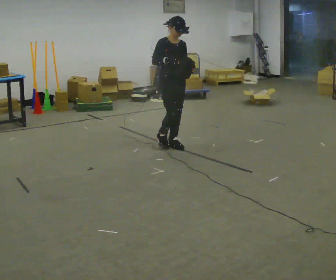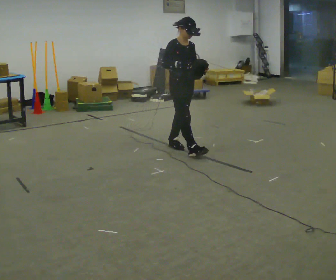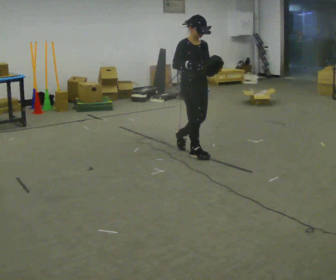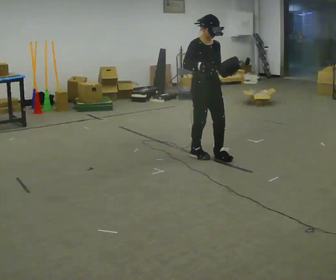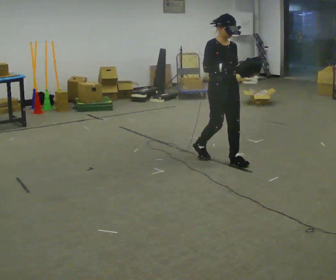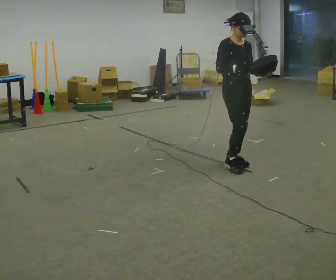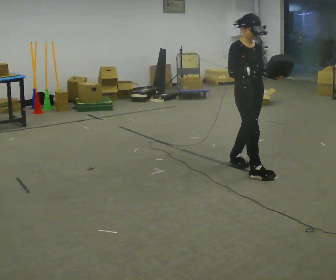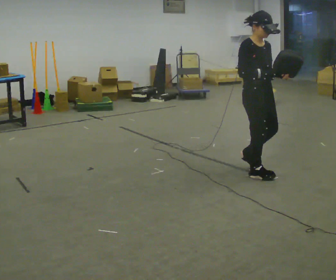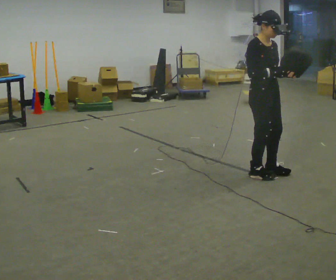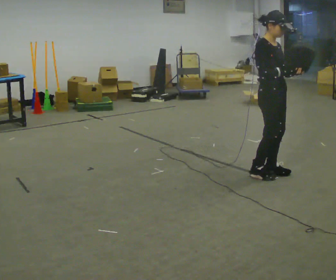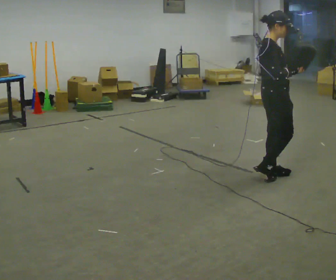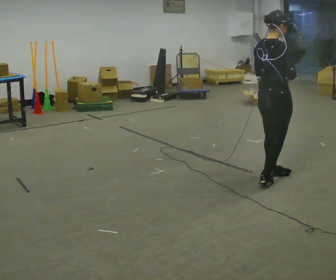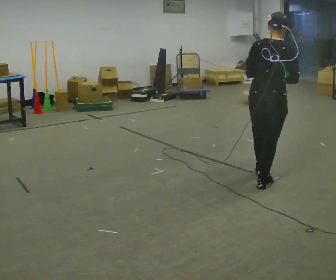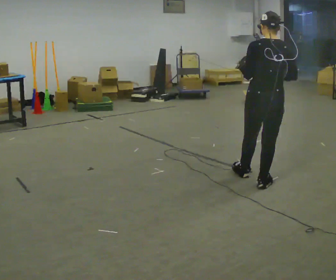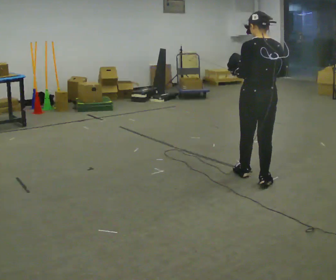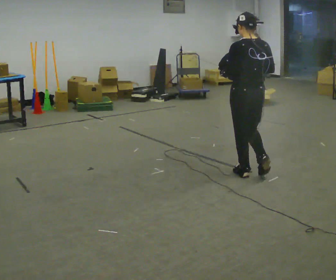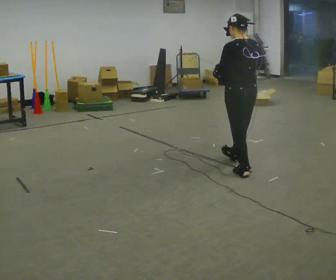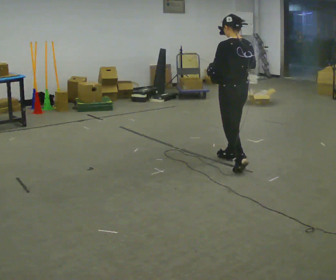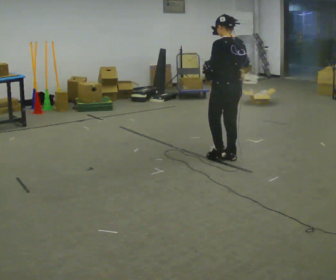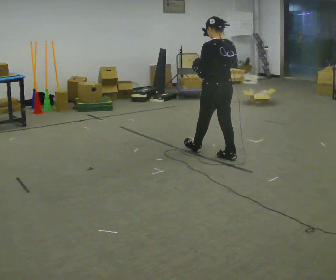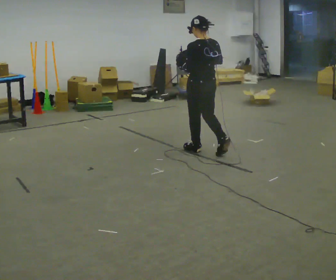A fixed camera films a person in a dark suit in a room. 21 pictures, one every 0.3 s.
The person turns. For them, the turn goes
to their left.
The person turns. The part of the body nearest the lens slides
to the right.
0.0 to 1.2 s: In the picture they go to the right and toward the camera, about 1 m in 2 steps, which for them is forward.
1.2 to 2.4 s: In the picture they go toward the camera and to the right, about 0.5 m in 2 steps, which for them is forward.
2.4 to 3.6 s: The part of the body nearest the lens slides to the right as the person turns to their left by about 105 degrees. In the picture they go toward the camera, about 0.25 m in 1 step.
3.6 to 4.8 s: The person turns about 45 degrees to their left, counterclockwise seen from above, so the part of the body nearest the lens slides to the right. In the picture they go away from the camera and to the left, about 0.5 m in 1 step, which for them is forward.
4.8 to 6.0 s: In the picture they go away from the camera and to the left, about 0.75 m in 2 steps, which for them is forward.
The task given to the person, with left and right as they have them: Carry the bag and, while walking, undo the buckle or zip, then do it up again. Keep repeating as you walk. Do not stop.
The film runs forward here.
